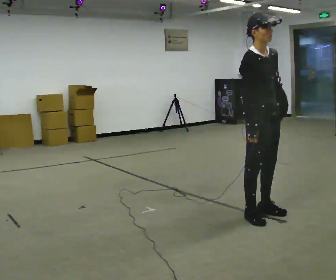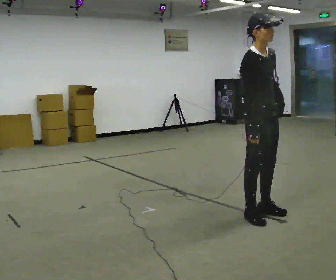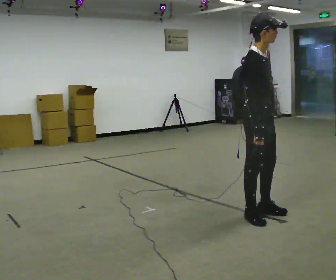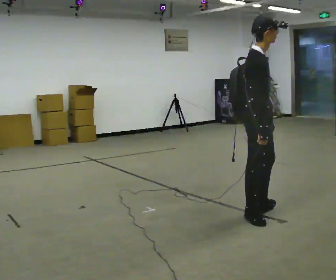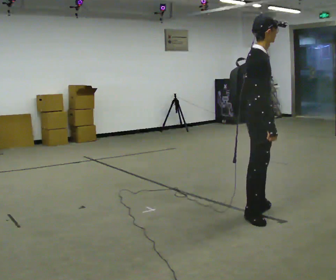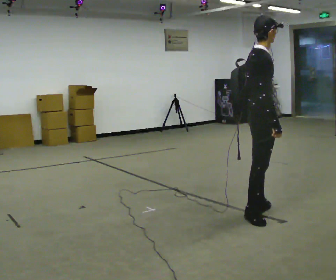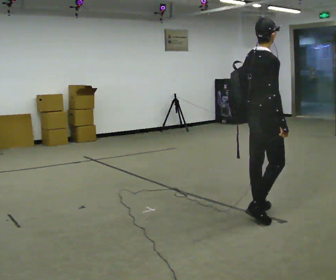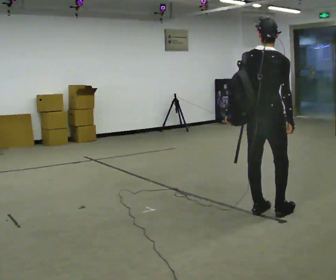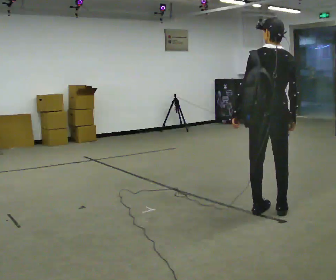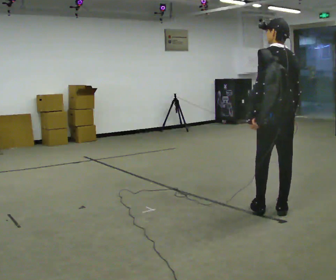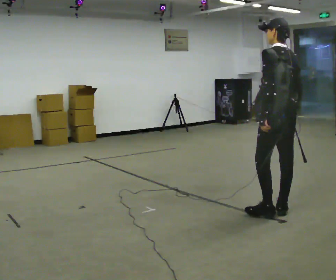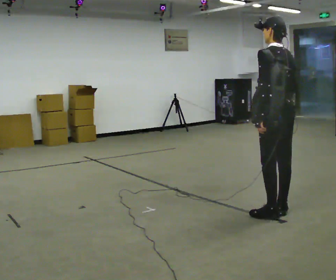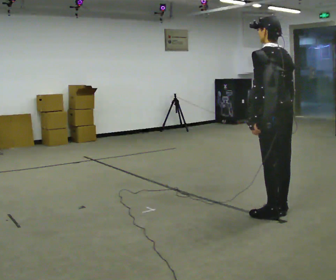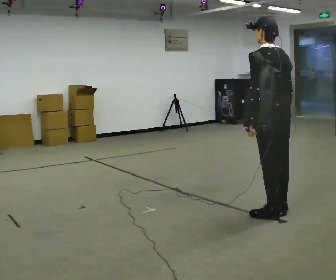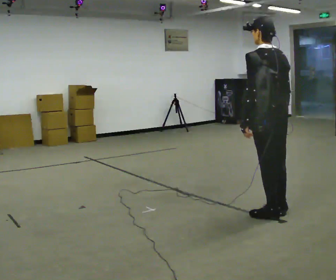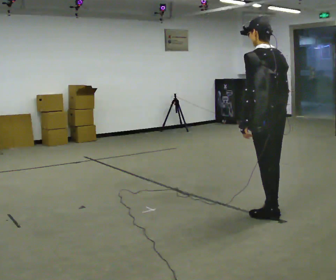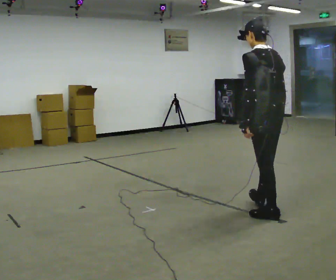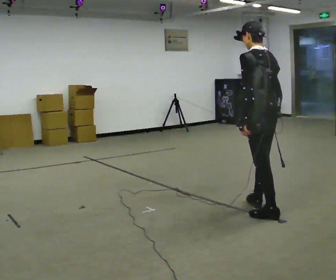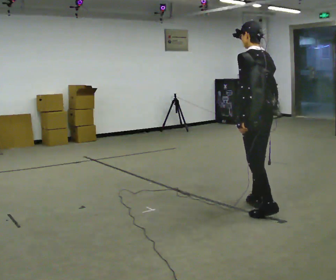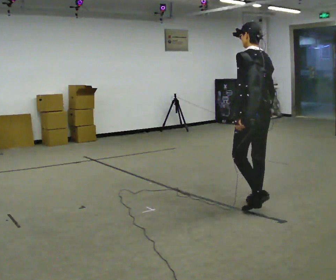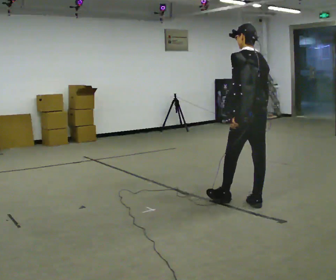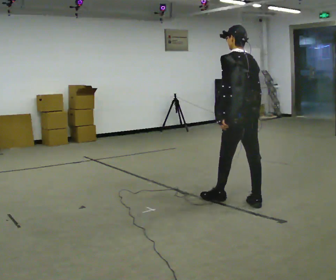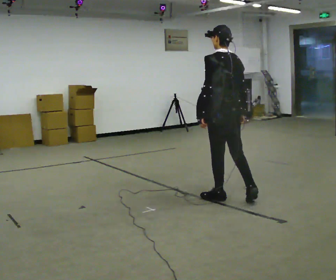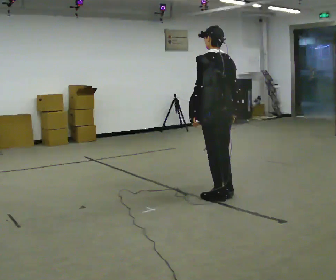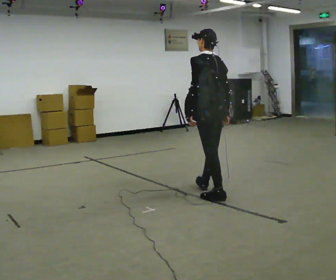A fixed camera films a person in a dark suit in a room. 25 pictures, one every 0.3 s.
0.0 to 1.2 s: The person turns about 45 degrees to their left, counterclockwise seen from above, so the part of the body nearest the lens slides to the right.
1.2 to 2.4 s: The part of the body nearest the lens slides to the right as the person turns to their left by about 105 degrees. In the picture they go away from the camera, about 0.25 m in 1 step.
2.4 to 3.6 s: The person turns about 30 degrees to their left, counterclockwise seen from above, so the part of the body nearest the lens slides to the right.
3.6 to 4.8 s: The person moves a little, or ends about where they began.
4.8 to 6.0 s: In the picture they go away from the camera and to the left, about 0.5 m, which for them is forward and to their right.
6.0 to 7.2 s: In the picture they go to the left and away from the camera, about 0.5 m in 2 steps, which for them is forward.
The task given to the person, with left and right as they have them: Put the soft bag up onto your shoulder and carry it across the room, back and forth.
The film runs forward here.
